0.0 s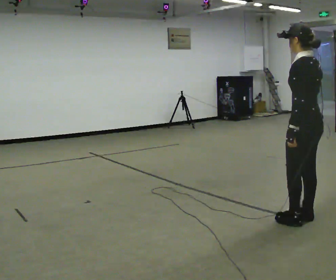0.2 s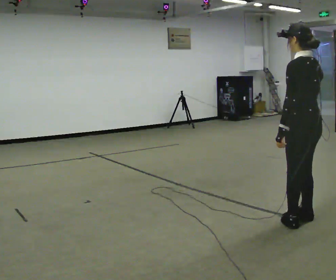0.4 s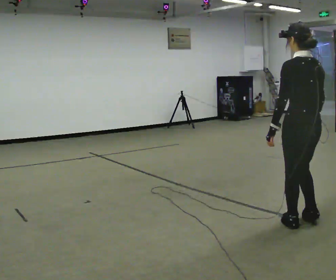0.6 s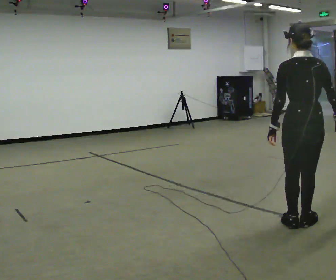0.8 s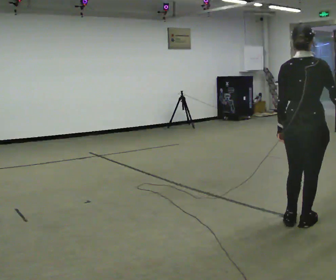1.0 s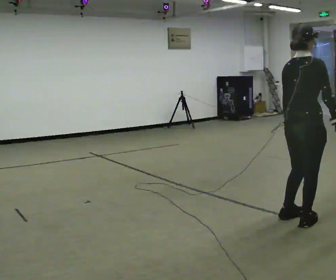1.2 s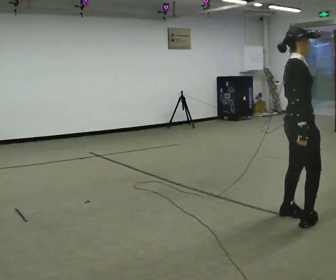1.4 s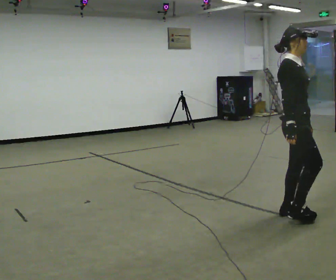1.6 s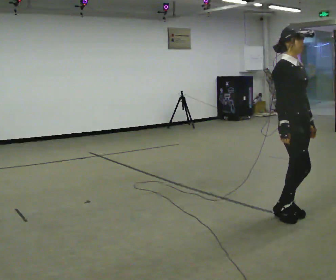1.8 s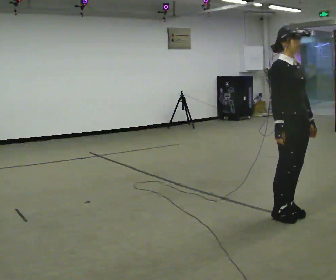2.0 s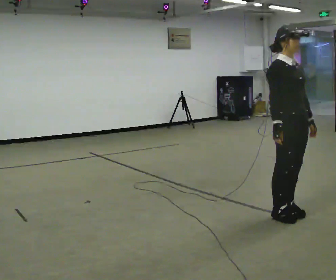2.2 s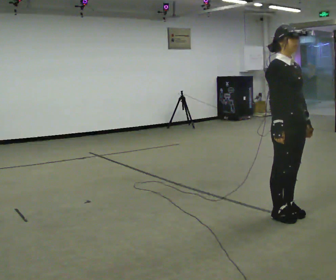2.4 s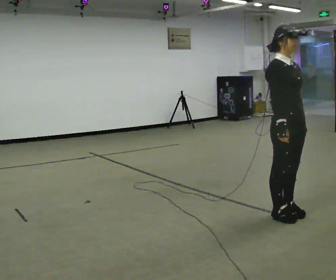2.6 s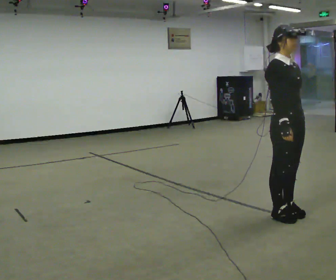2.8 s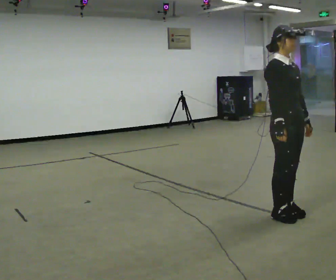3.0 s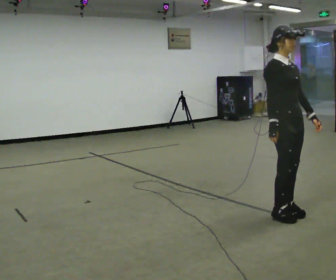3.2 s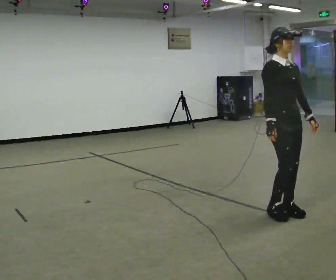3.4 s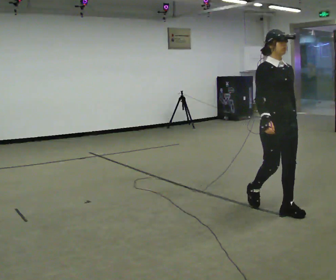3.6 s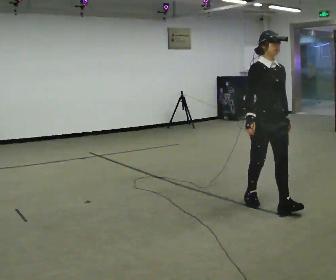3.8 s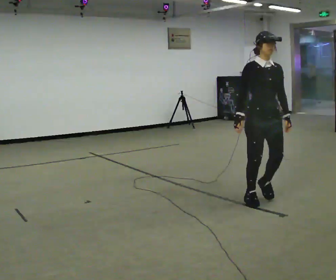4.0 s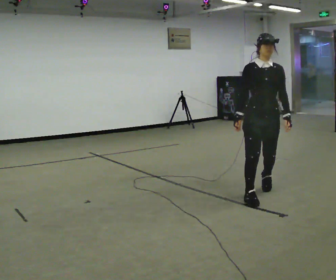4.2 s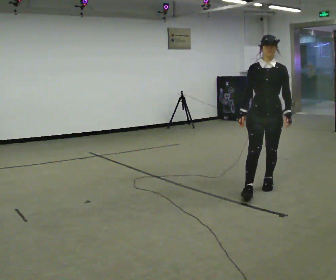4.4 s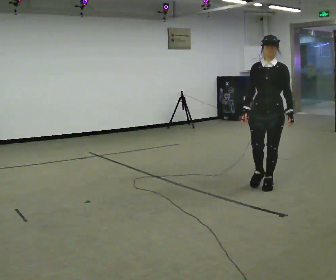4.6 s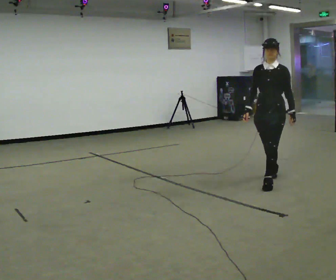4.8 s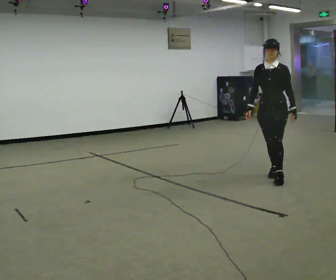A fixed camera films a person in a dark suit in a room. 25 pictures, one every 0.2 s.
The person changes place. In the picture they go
away from the camera.
The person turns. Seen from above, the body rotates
clockwise.
0.0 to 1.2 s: Seen from above the body turns clockwise, about 135 degrees: to their right, with its near side sliding to the left.
1.2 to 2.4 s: The person turns about 45 degrees to their right, clockwise seen from above, so the part of the body nearest the lens slides to the left.
2.4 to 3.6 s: In the picture they go away from the camera and to the left, about 0.25 m in 2 steps, which for them is backward and to their left.
3.6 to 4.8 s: The person turns about 45 degrees to their right, clockwise seen from above, so the part of the body nearest the lens slides to the left. In the picture they go away from the camera, about 1 m in 2 steps, which for them is backward.
The film runs backward here.
